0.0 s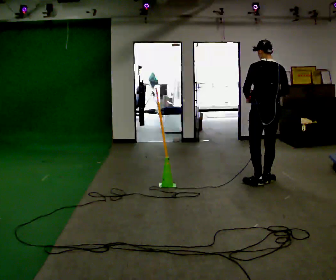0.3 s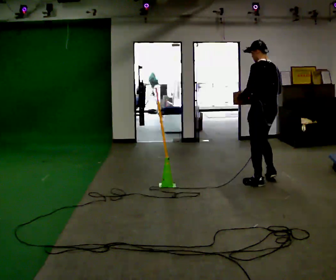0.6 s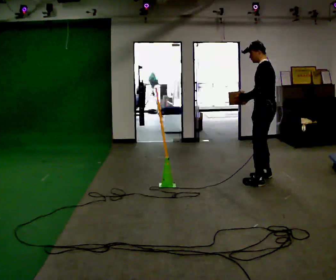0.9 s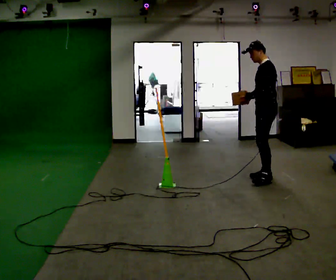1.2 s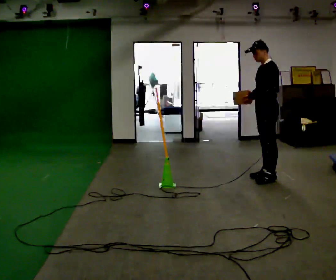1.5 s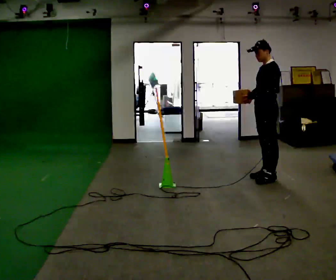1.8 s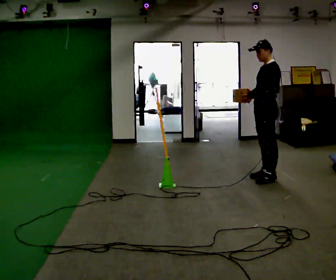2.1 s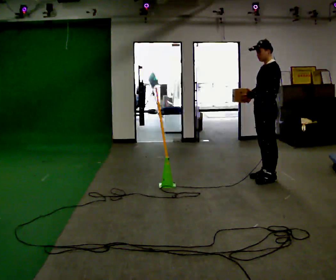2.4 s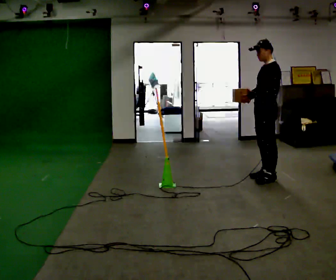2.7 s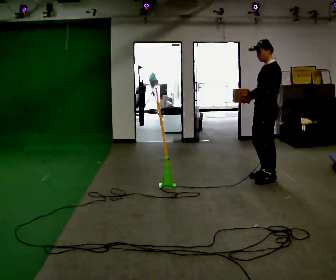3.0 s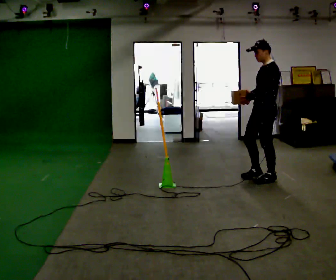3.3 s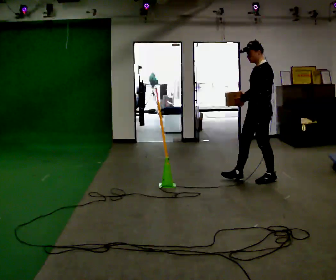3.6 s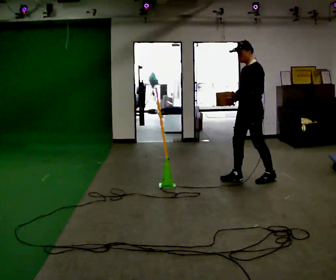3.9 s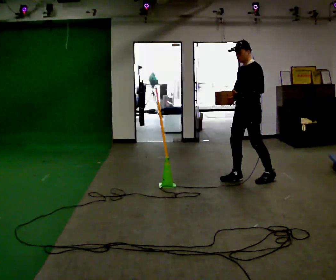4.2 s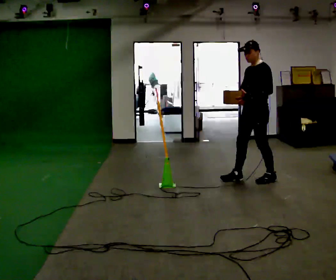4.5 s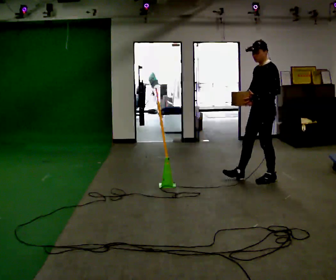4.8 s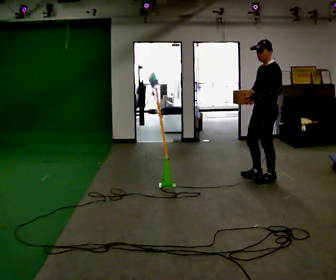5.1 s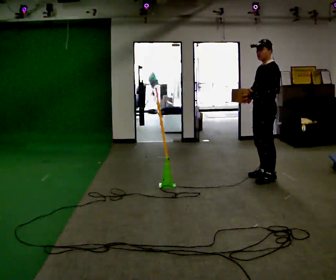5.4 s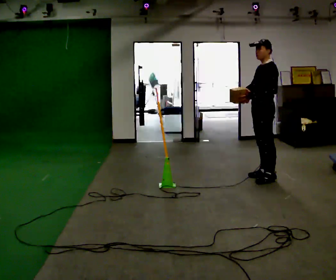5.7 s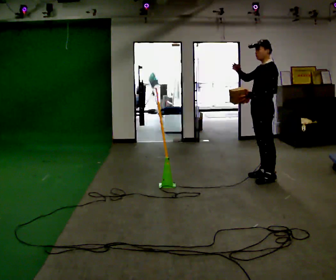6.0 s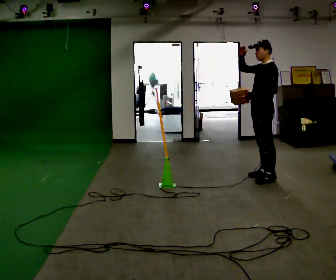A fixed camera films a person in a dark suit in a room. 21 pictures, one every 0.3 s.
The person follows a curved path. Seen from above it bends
clockwise.
Their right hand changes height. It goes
upward.
0.0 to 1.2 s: Seen from above the body turns counterclockwise, about 90 degrees: to their left, with its near side sliding to the right. In the picture they go away from the camera, about 0.25 m in 2 steps.
1.2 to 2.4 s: The person moves a little, or ends about where they began.
2.4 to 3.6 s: In the picture they go to the left, about 0.25 m in 1 step, which for them is forward.
3.6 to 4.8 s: In the picture they go to the right, about 0.25 m, which for them is backward.
4.8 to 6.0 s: In the picture their right hand goes upward, the arm swinging clockwise.
The film runs forward here.
